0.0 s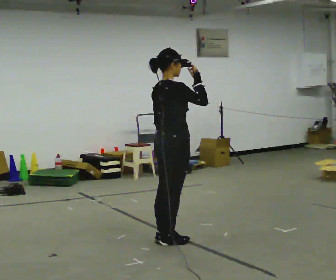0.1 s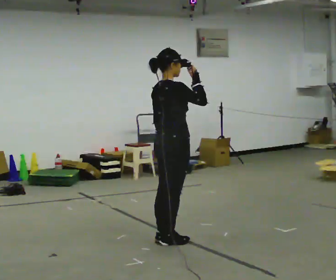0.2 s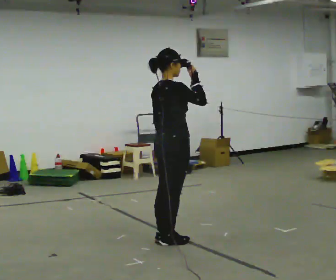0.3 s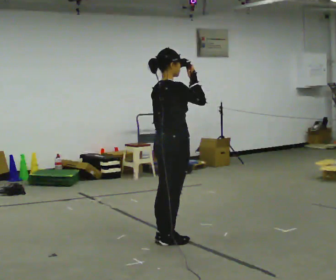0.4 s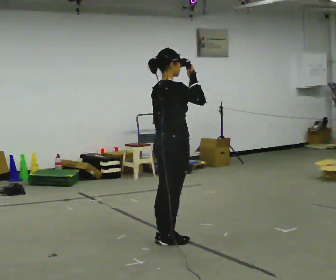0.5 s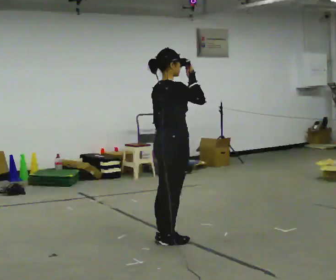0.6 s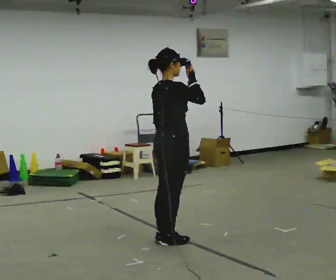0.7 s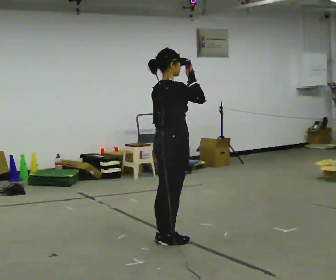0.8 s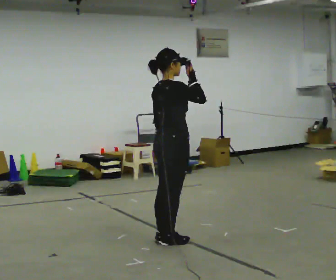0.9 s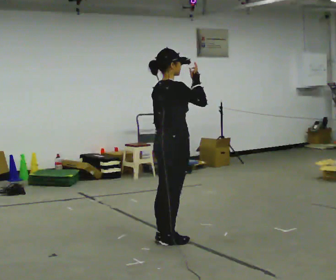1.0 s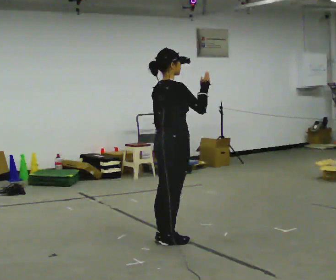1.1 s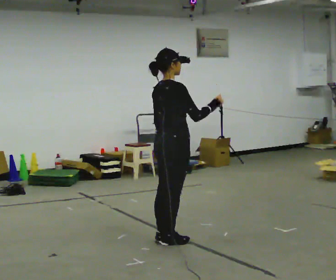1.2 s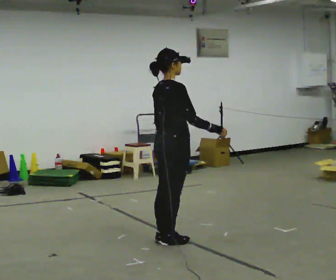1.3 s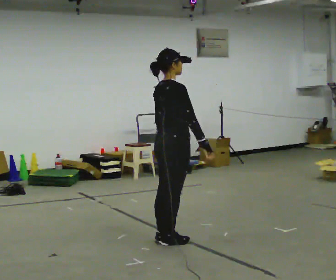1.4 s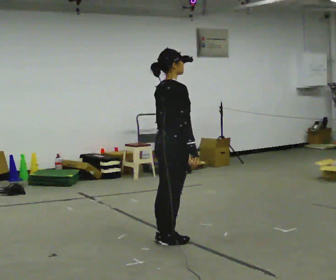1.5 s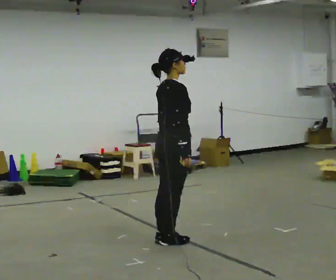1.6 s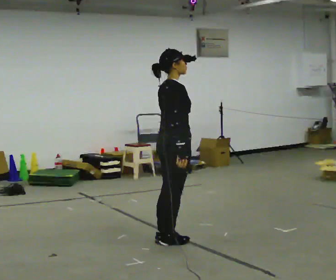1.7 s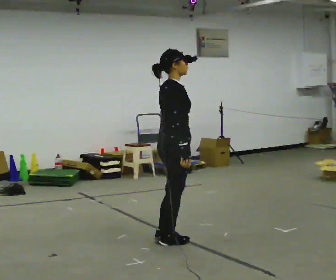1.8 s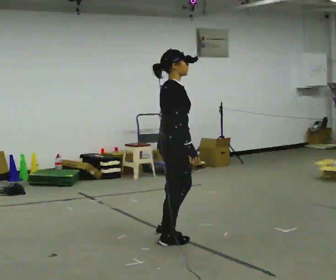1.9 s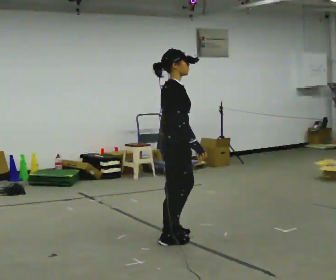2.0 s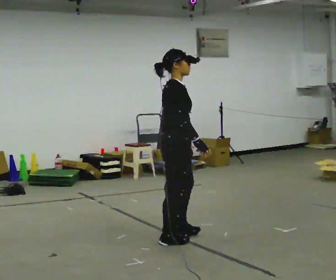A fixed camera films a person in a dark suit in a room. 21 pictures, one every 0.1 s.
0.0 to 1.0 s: The person moves a little, or ends about where they began.
1.0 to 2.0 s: In the picture their right hand goes downward.
The film runs forward here.
